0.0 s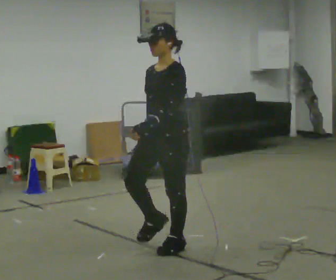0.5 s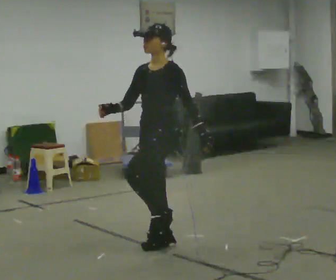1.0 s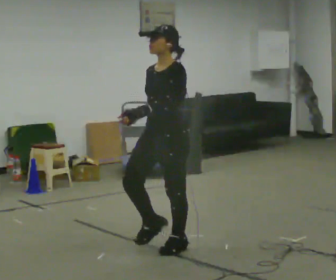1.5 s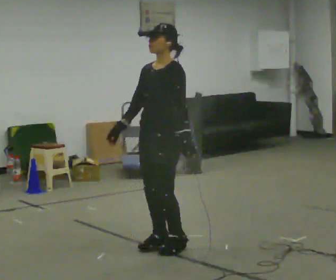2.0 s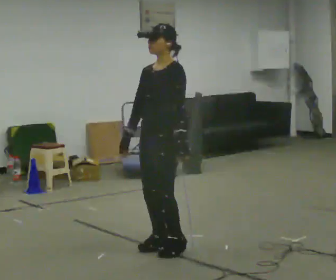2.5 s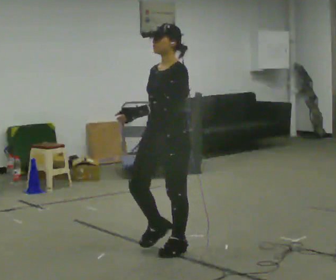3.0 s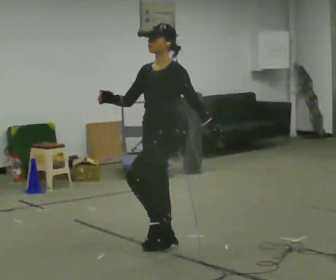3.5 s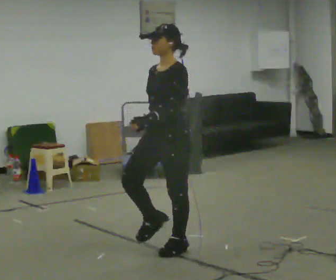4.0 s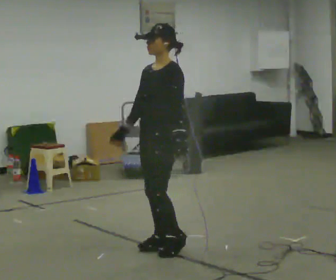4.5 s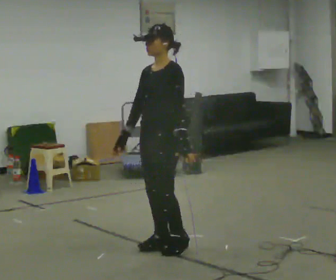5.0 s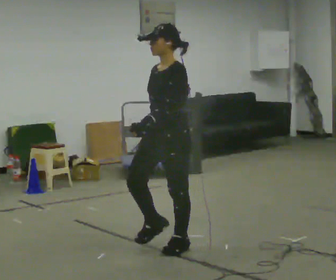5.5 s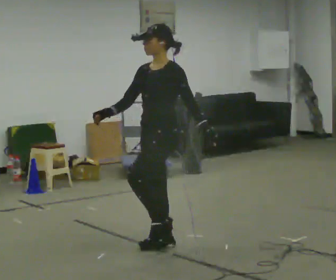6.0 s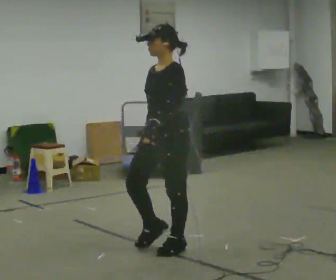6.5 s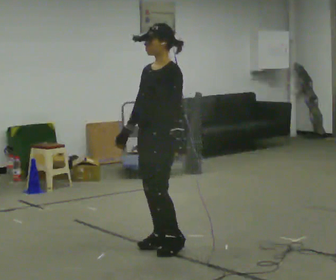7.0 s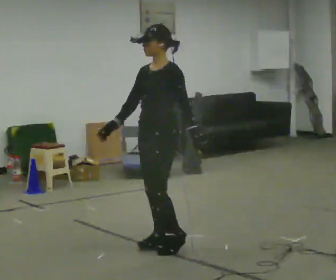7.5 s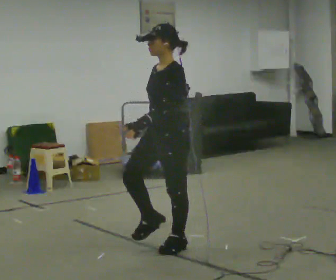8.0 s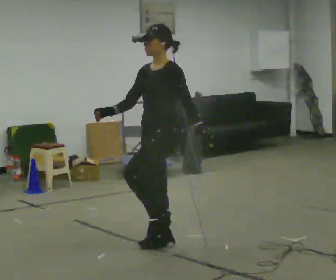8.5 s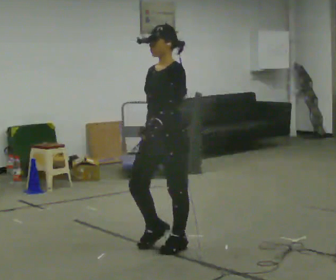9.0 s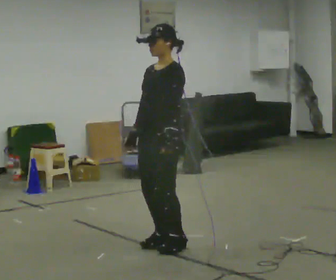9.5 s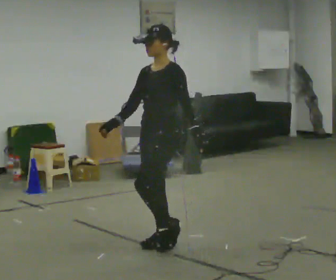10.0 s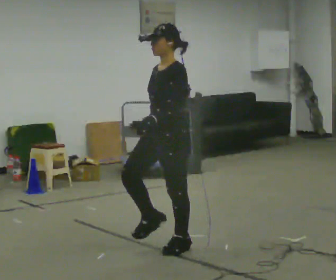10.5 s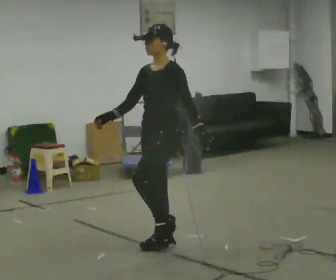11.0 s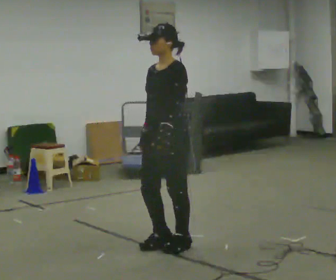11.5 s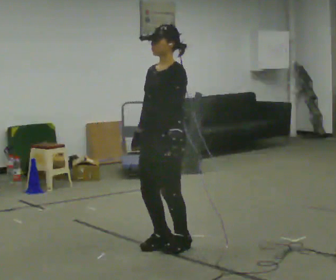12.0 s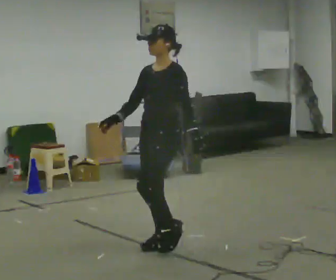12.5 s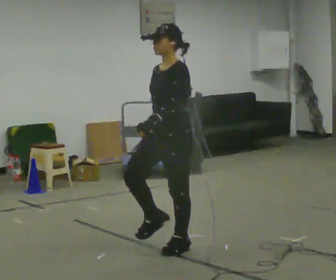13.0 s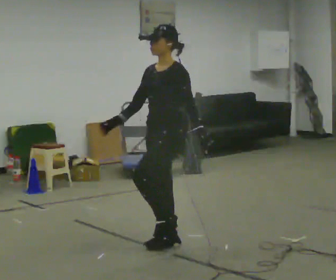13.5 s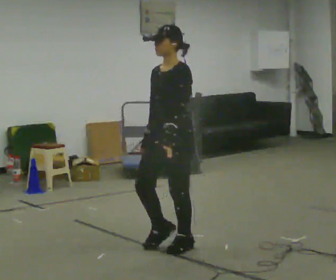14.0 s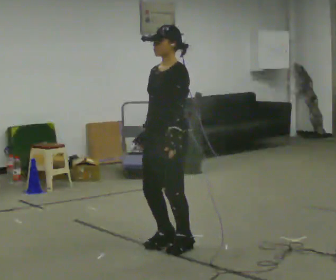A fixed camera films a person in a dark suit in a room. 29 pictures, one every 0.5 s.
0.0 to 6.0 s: The person moves a little, or ends about where they began.
6.0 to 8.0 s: In the picture their right hand goes to the left.
8.0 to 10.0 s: In the picture their right hand goes to the right.
10.0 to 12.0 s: In the picture their right hand goes to the left.
12.0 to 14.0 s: The person moves a little, or ends about where they began.
The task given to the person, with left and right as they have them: March in place at a comfortable rhythm without moving forward; stop.
The film runs forward here.
